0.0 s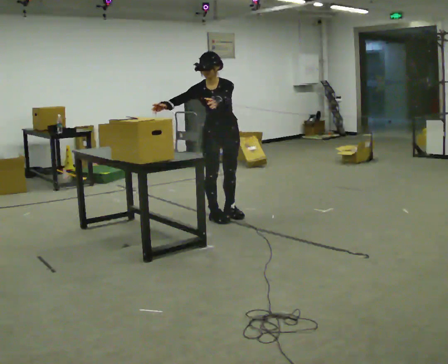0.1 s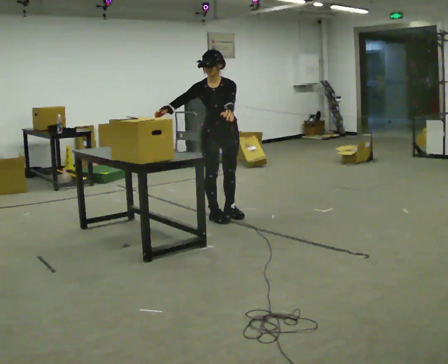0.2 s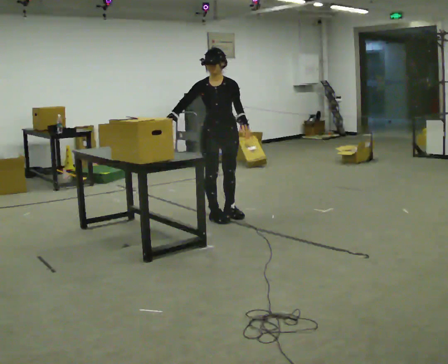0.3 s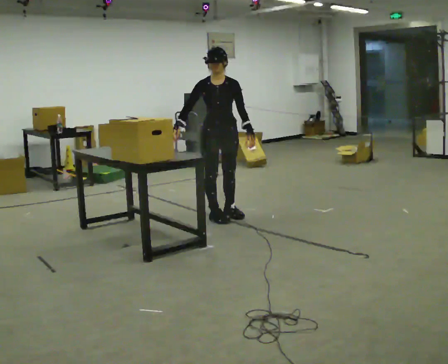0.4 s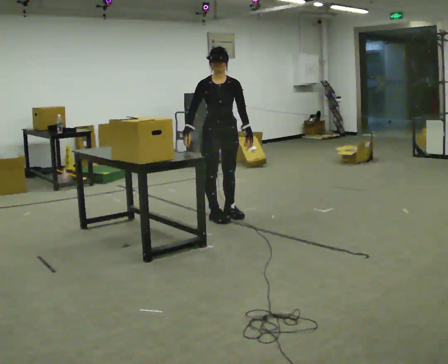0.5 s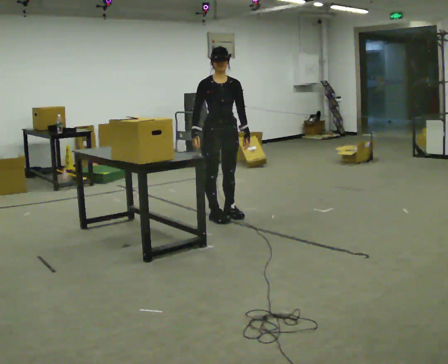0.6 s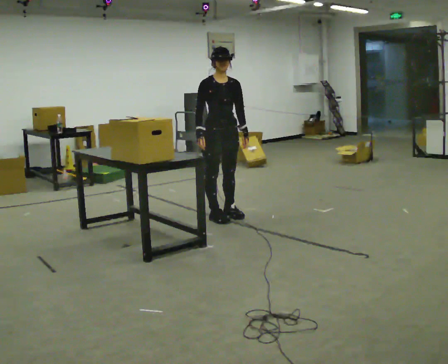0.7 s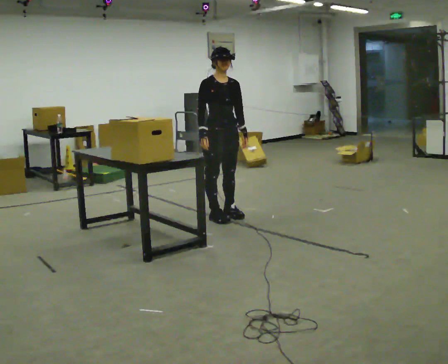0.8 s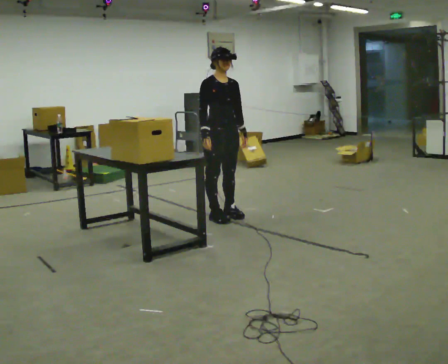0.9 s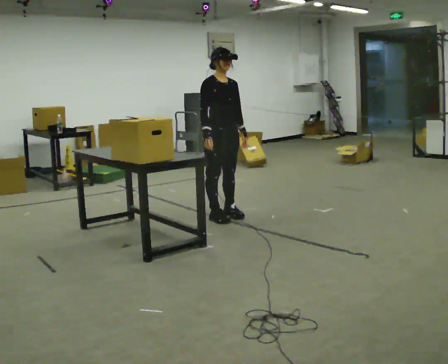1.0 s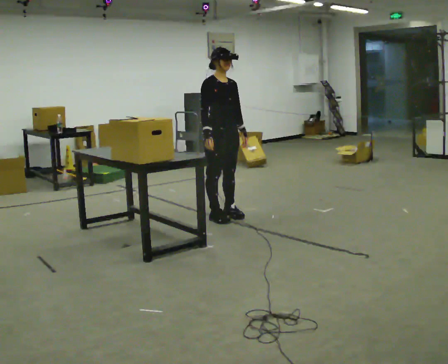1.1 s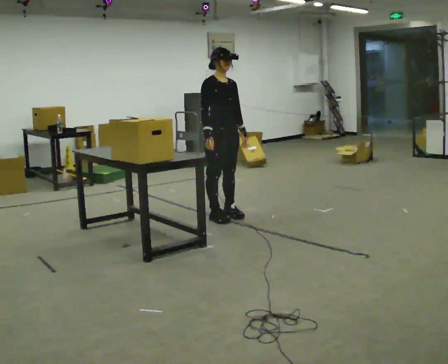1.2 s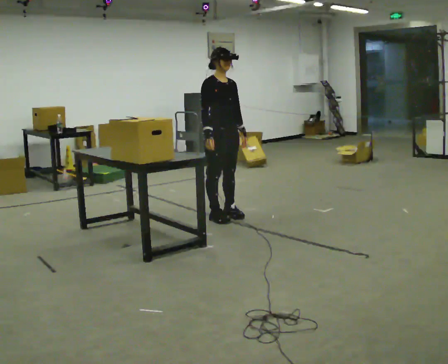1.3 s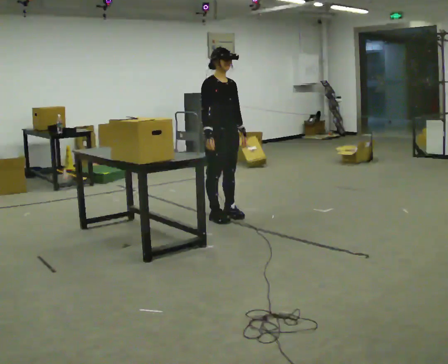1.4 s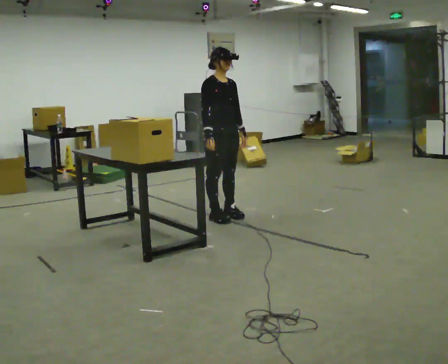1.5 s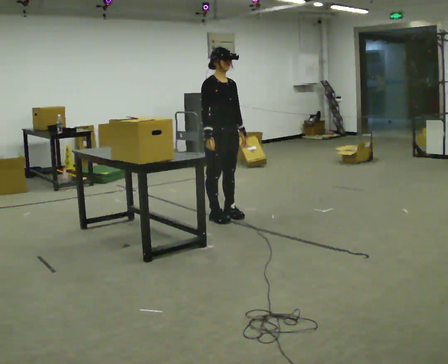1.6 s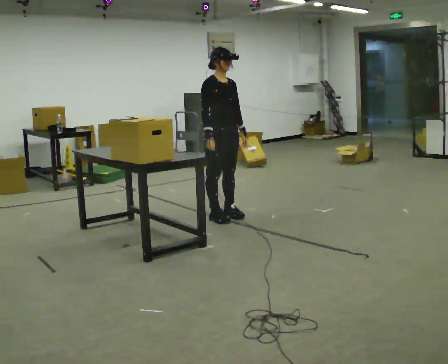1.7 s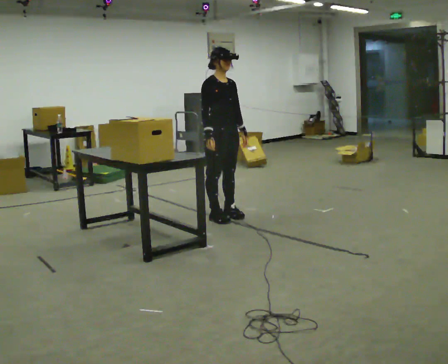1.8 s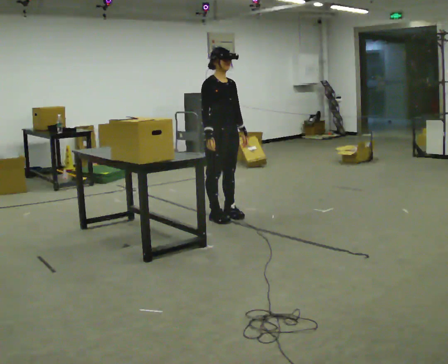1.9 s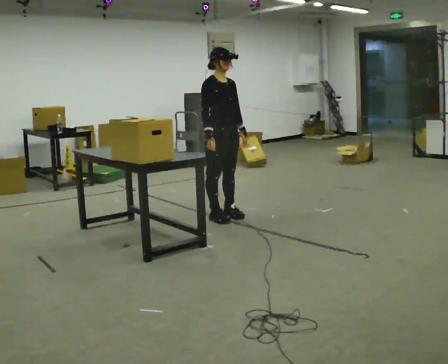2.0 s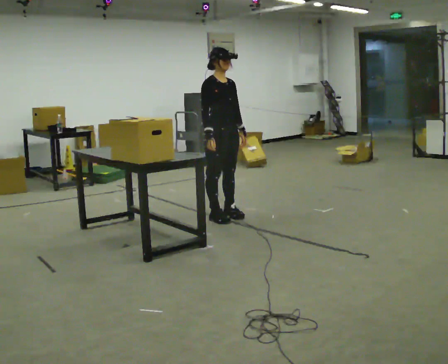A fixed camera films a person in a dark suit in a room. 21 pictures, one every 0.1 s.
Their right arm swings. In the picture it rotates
counterclockwise.
The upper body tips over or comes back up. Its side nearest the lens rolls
upward.
0.0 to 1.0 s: The person turns about 45 degrees to their left, counterclockwise seen from above, so the part of the body nearest the lens slides to the right. The upper body tips away from the camera, its near side rolling upward, as they lean back or straighten. In the picture their left hand goes downward.
1.0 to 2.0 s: The person moves a little, or ends about where they began.
The film runs backward here.
